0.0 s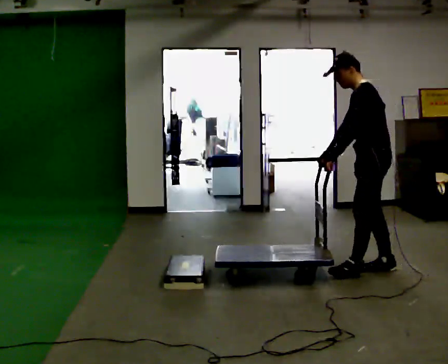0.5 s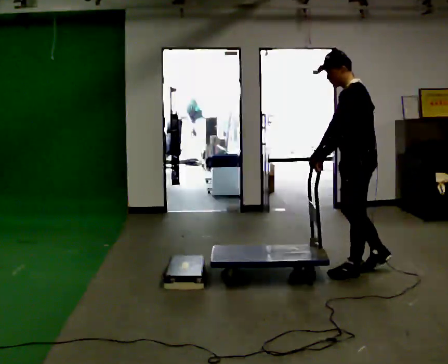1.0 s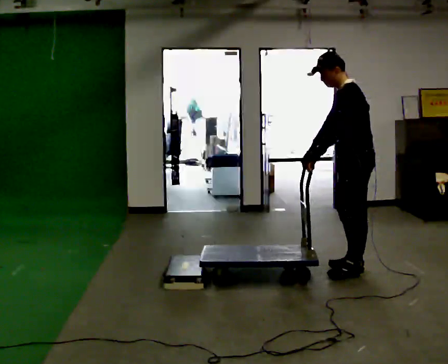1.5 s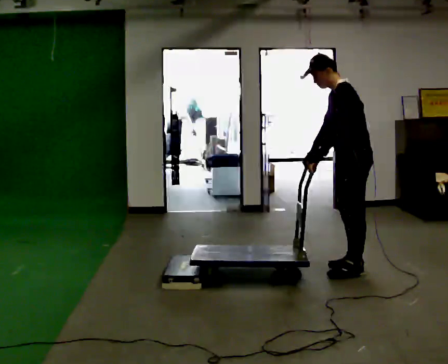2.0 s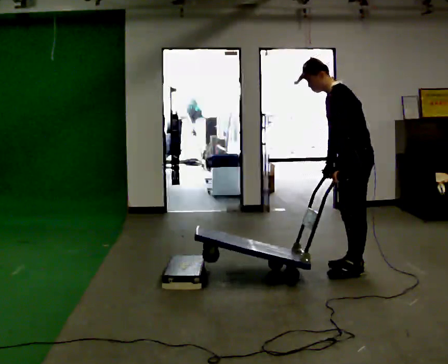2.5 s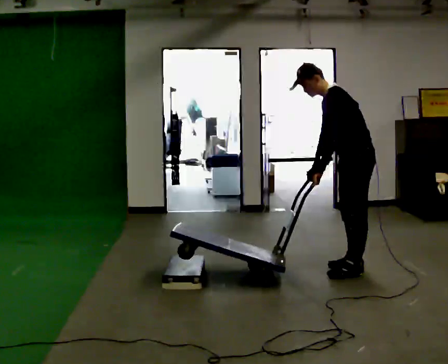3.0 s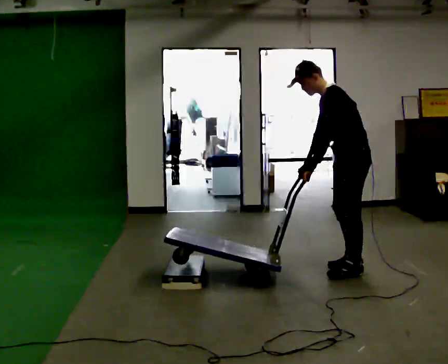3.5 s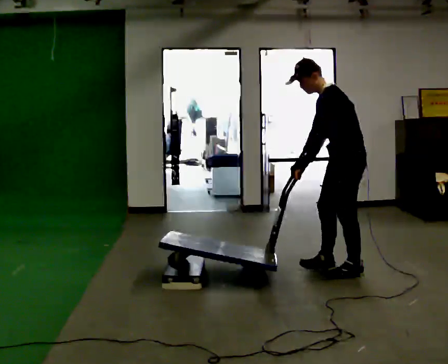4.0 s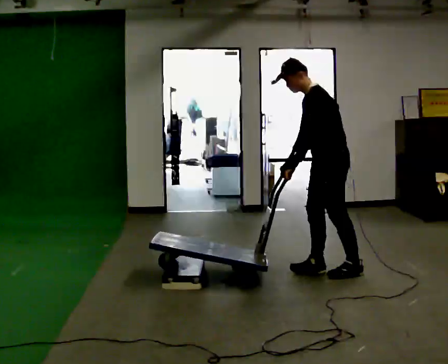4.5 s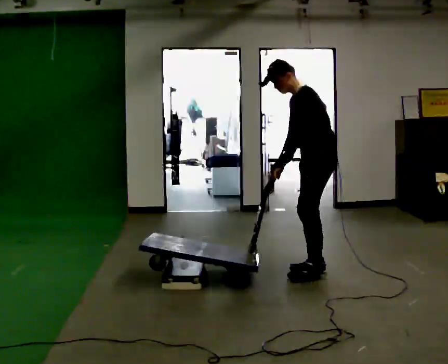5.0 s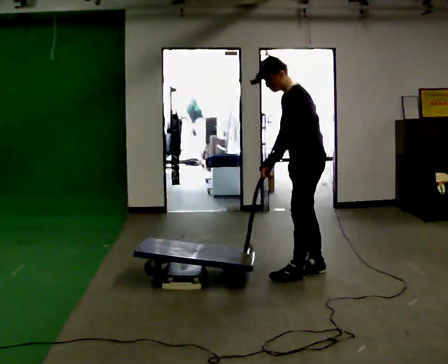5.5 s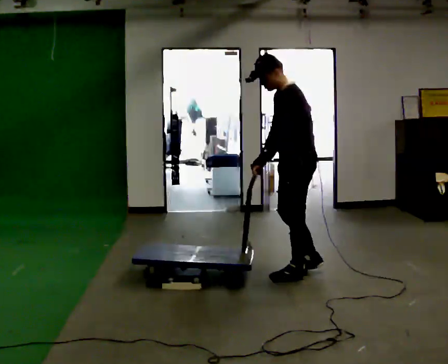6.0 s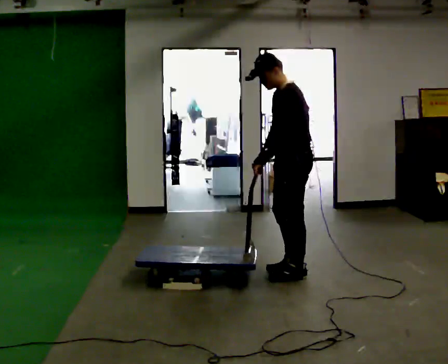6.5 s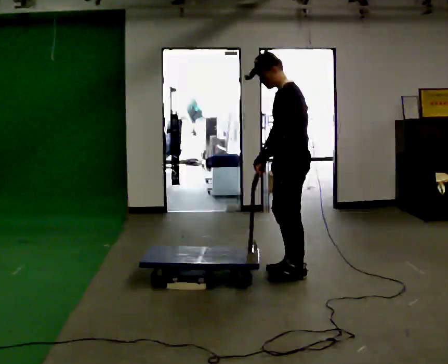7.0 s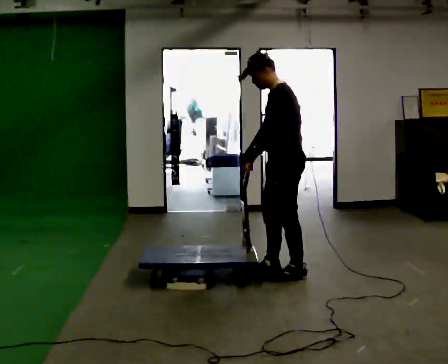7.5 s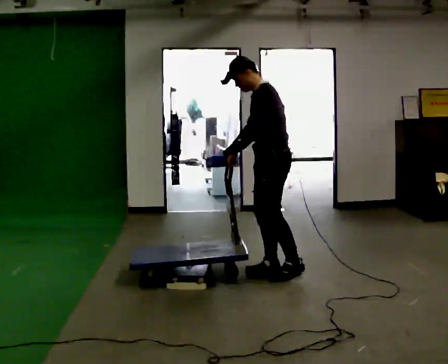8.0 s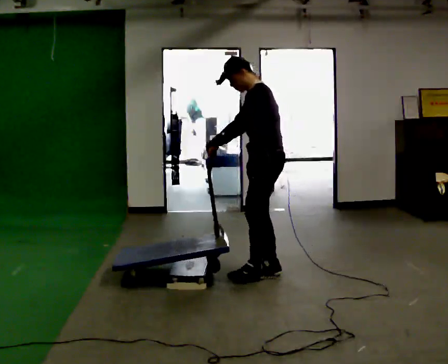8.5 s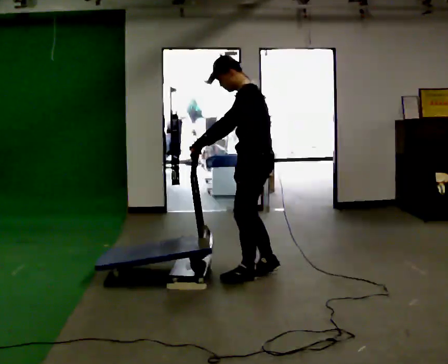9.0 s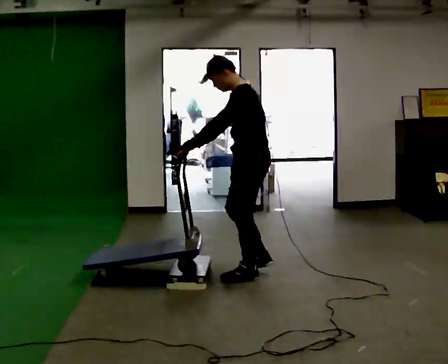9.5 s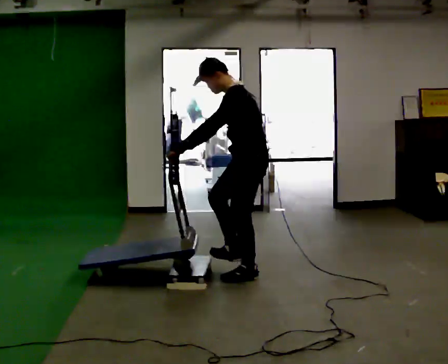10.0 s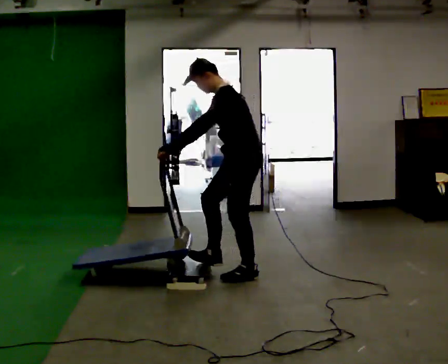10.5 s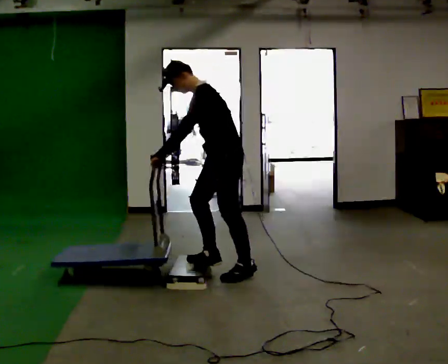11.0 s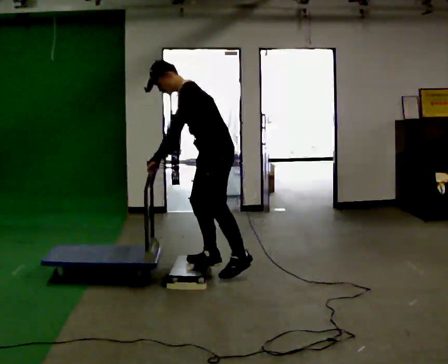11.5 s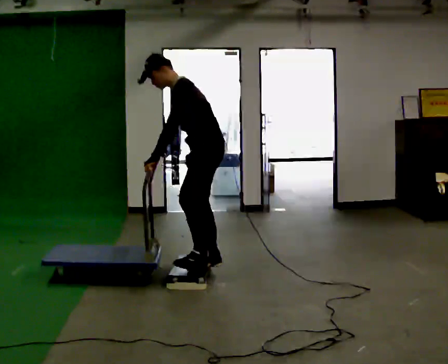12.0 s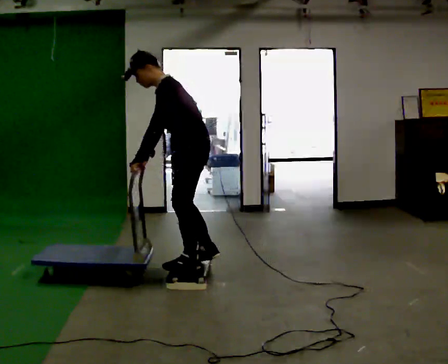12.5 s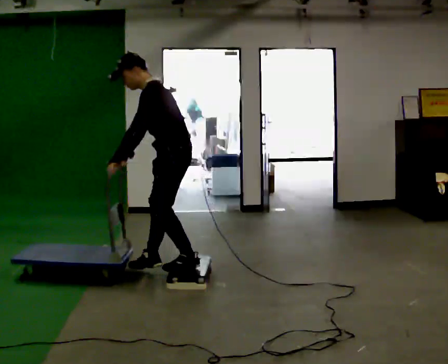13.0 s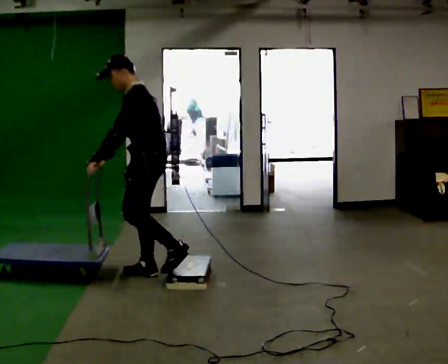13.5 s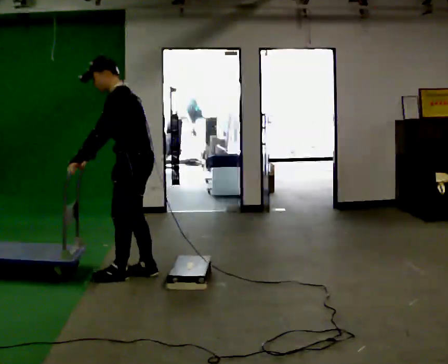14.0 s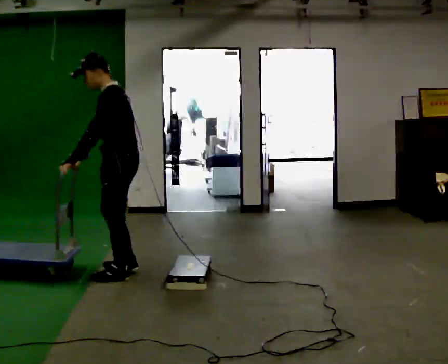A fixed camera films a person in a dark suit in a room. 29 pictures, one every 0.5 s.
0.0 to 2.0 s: The person moves a little, or ends about where they began.
2.0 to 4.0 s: In the picture they go to the left, about 0.25 m in 1 step, which for them is forward. In the picture their left hand goes to the left.
4.0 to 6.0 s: In the picture they go to the left, about 0.25 m in 2 steps, which for them is forward.
6.0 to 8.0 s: In the picture they go to the left, about 0.25 m in 1 step, which for them is forward. In the picture their right hand goes to the left.
8.0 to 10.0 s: In the picture they go to the left, about 0.25 m in 2 steps, which for them is forward. In the picture their left hand goes to the left.
10.0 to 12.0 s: In the picture they go to the left, about 0.25 m in 1 step, which for them is forward.
12.0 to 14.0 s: In the picture they go to the left, about 0.5 m in 2 steps, which for them is forward.
The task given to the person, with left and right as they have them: Push the cart up over the low platform edge and down the other side, then bring it back over.
The film runs forward here.
